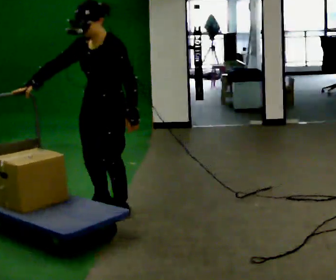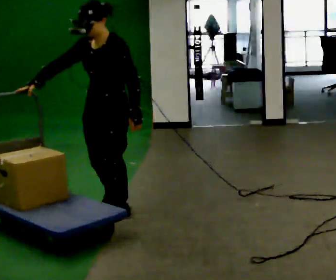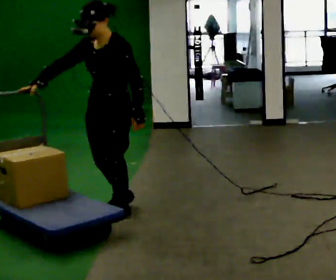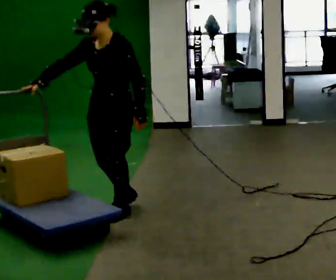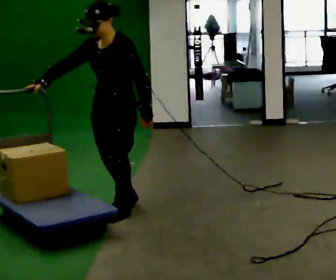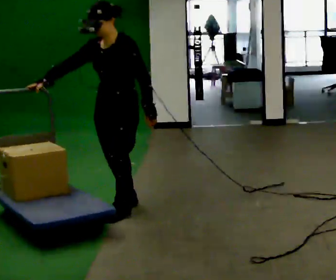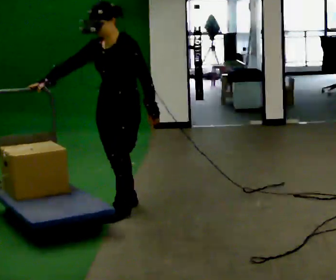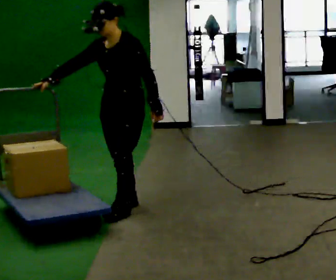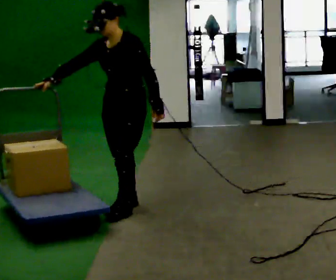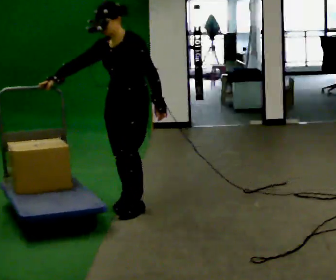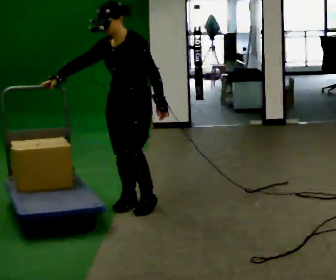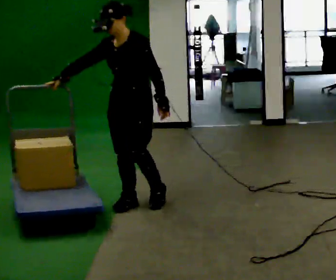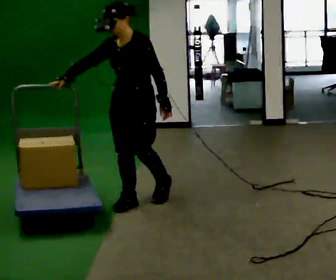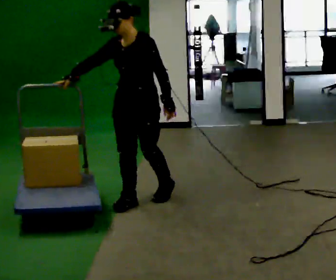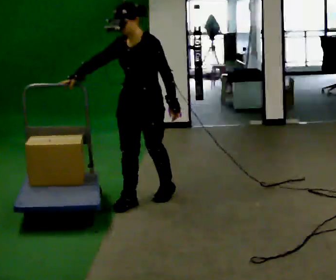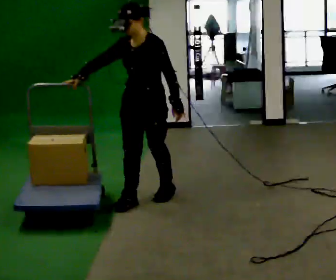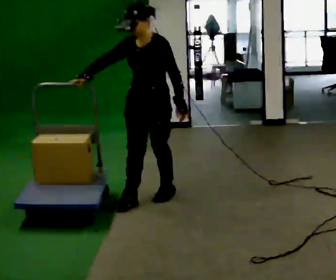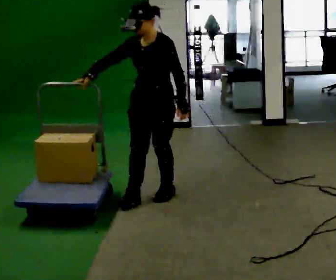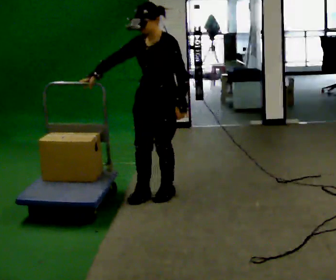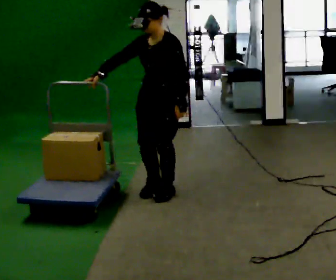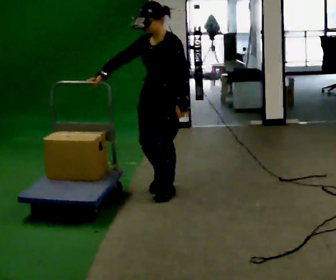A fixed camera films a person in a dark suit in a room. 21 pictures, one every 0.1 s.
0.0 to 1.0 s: In the picture they go away from the camera, about 0.25 m in 1 step, which for them is backward.
1.0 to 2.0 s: In the picture they go away from the camera and to the right, about 0.25 m in 1 step, which for them is backward.
The film runs backward here.
